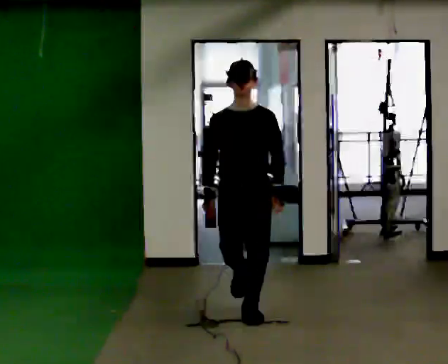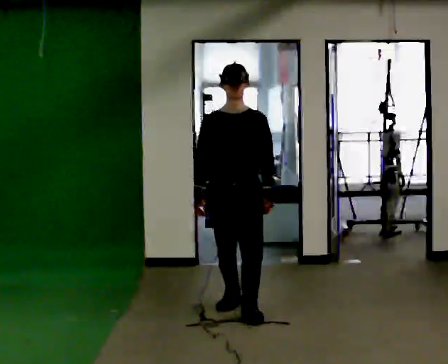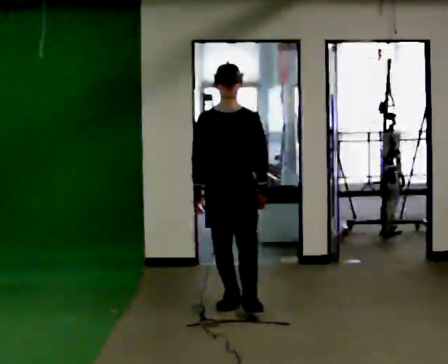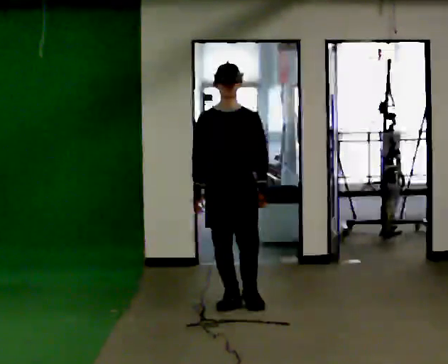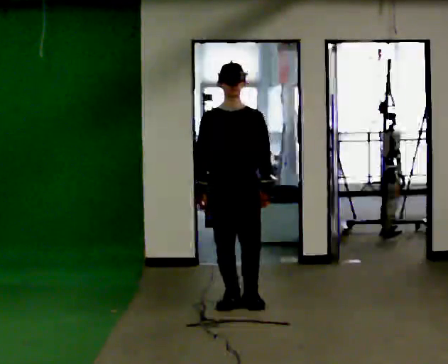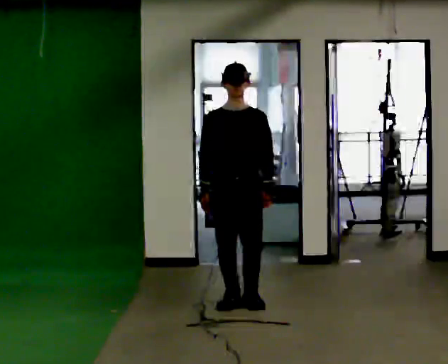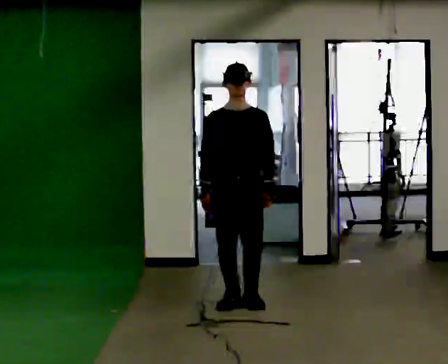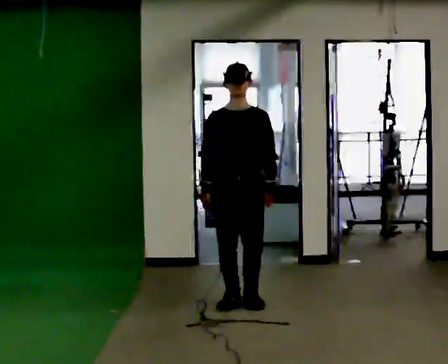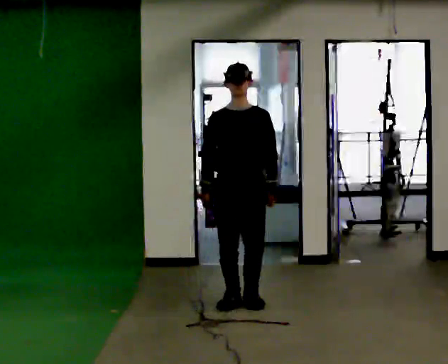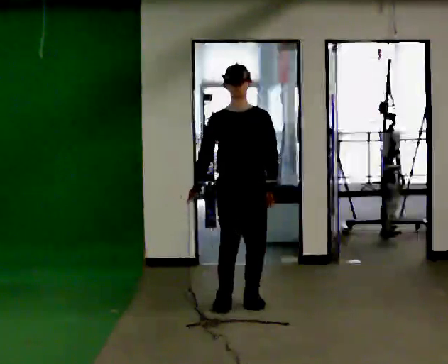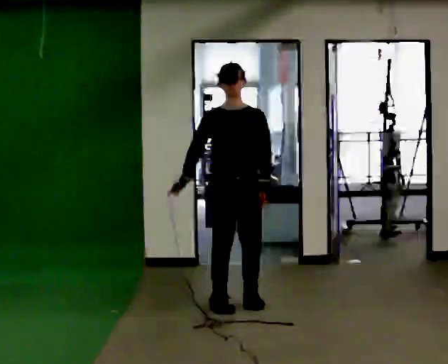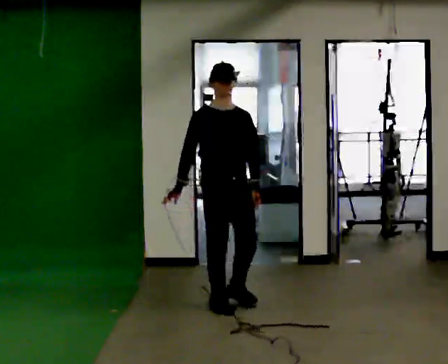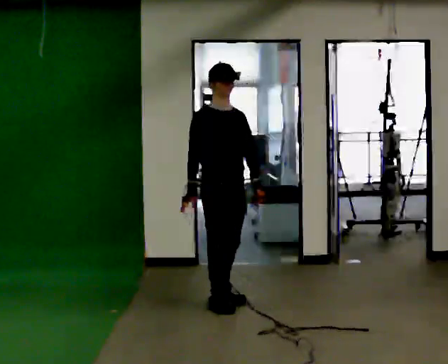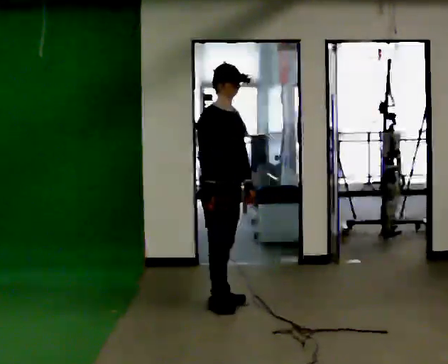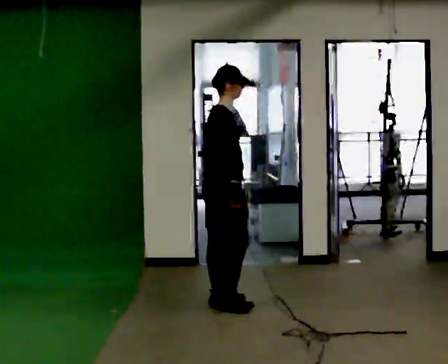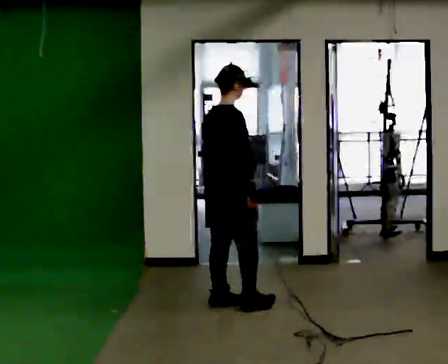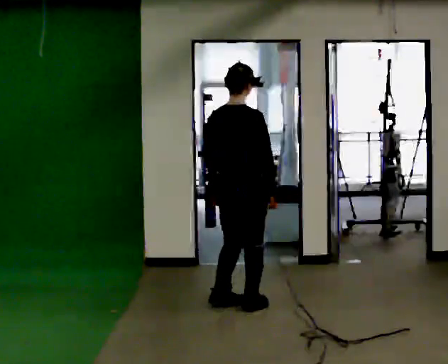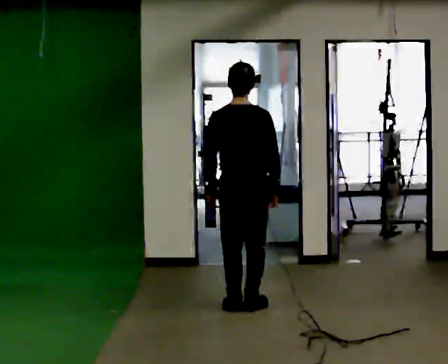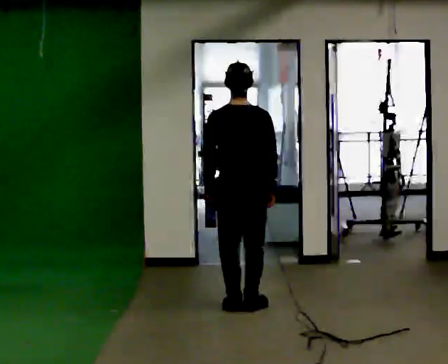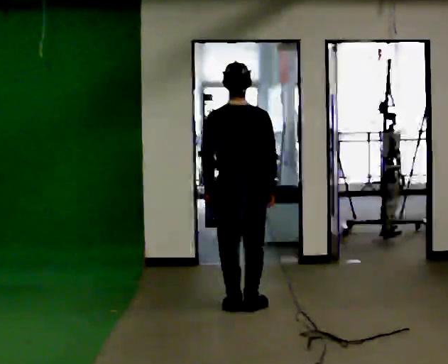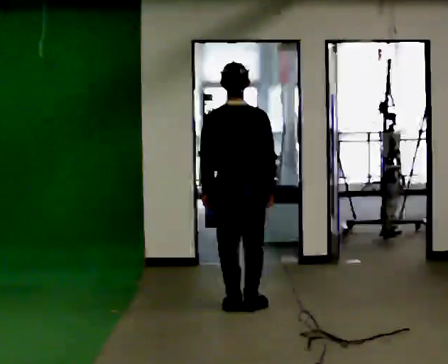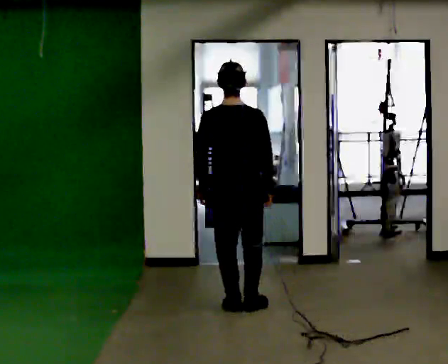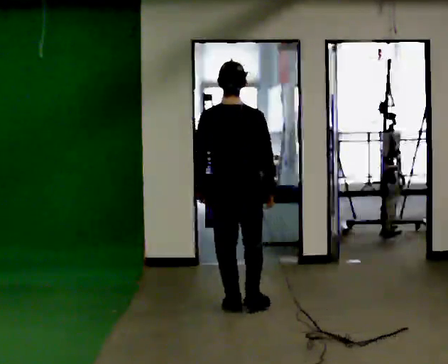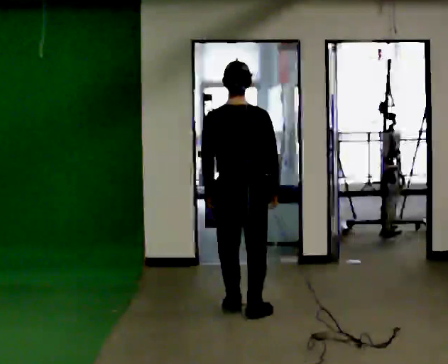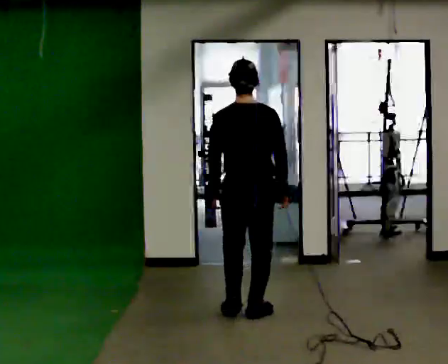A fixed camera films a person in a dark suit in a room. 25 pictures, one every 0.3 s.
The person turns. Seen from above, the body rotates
counterclockwise.
The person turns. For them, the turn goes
to their left.
0.0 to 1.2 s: In the picture they go away from the camera, about 0.5 m in 1 step, which for them is backward.
1.2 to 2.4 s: The person moves a little, or ends about where they began.
2.4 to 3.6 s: Seen from above the body turns counterclockwise, about 45 degrees: to their left, with its near side sliding to the right.
3.6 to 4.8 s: The person turns about 105 degrees to their left, counterclockwise seen from above, so the part of the body nearest the lens slides to the right. In the picture their right hand goes to the right.
4.8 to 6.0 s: The person turns about 30 degrees to their left, counterclockwise seen from above, so the part of the body nearest the lens slides to the right.
6.0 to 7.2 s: In the picture they go toward the camera, about 0.25 m in 2 steps, which for them is backward.
The film runs backward here.
